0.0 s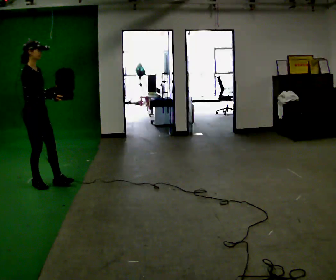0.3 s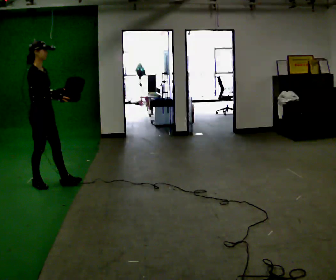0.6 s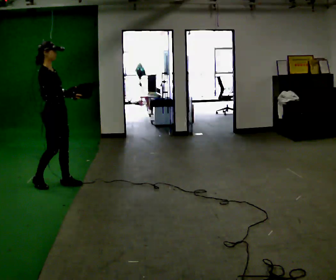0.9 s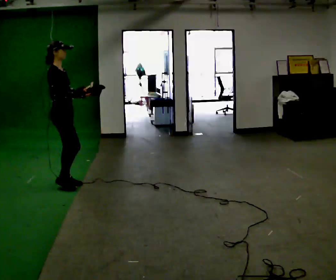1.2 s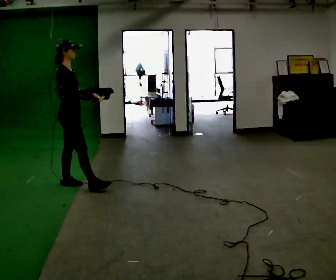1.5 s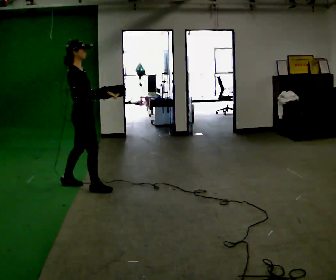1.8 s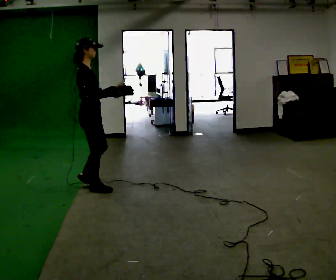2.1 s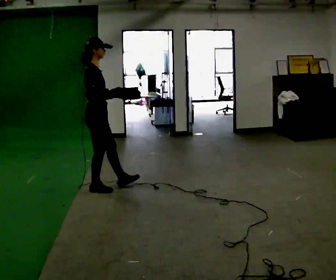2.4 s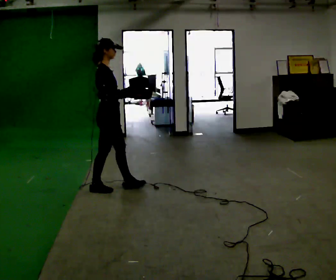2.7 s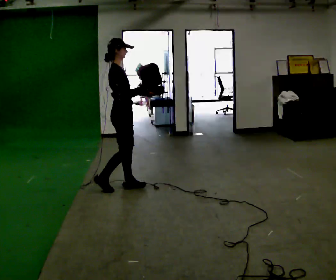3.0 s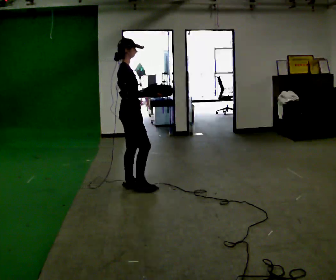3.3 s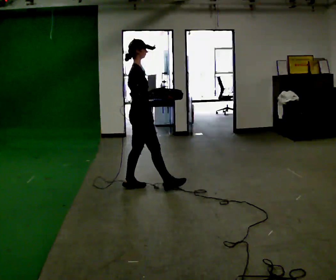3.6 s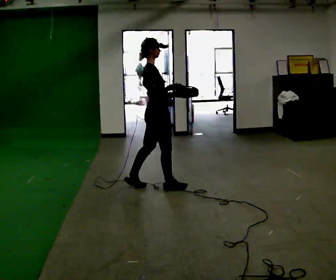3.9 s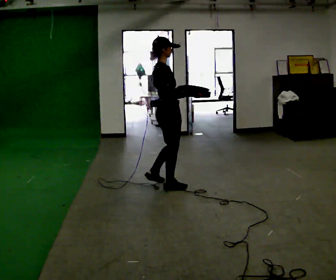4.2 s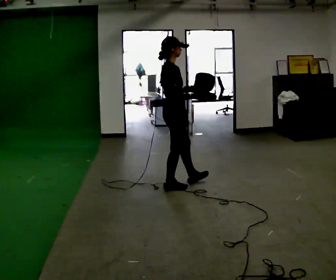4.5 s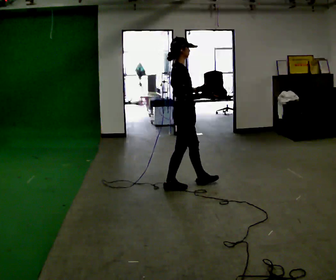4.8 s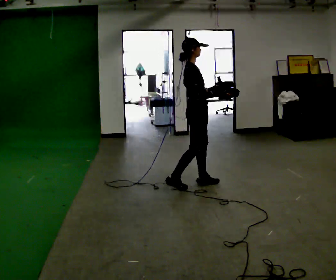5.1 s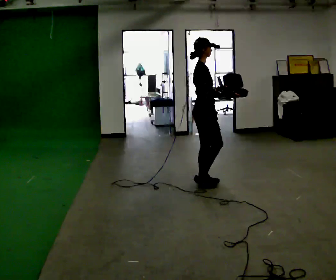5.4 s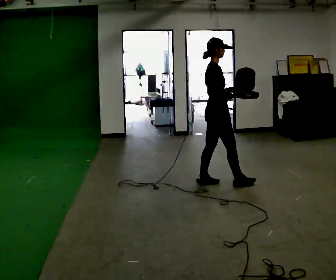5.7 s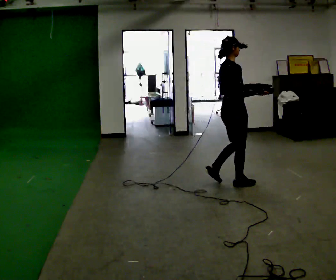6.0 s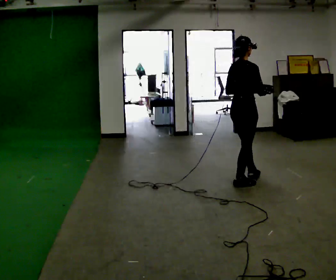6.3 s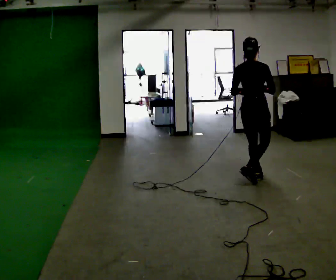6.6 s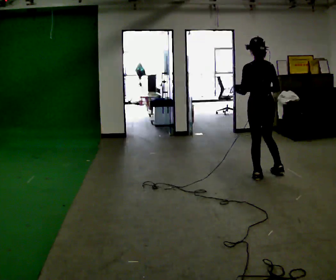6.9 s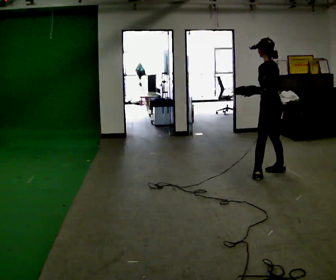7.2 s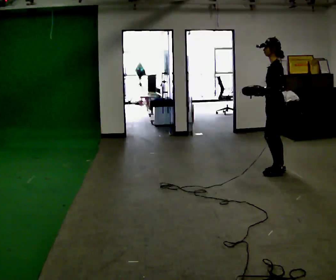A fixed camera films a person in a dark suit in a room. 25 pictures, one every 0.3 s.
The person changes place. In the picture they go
to the right.
0.0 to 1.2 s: In the picture they go to the right, about 0.5 m in 1 step, which for them is forward and to their right.
1.2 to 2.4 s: In the picture they go to the right, about 0.5 m in 1 step, which for them is to their right.
2.4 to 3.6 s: In the picture they go to the right, about 0.5 m in 1 step, which for them is to their right and forward.
3.6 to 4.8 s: In the picture they go to the right, about 0.5 m in 1 step, which for them is to their right and forward.
4.8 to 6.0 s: The part of the body nearest the lens slides to the right as the person turns to their left by about 30 degrees. In the picture they go to the right, about 0.5 m in 1 step, which for them is to their right and forward.
6.0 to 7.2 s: The part of the body nearest the lens slides to the right as the person turns to their left by about 150 degrees. In the picture they go to the right and away from the camera, about 0.5 m in 2 steps.
The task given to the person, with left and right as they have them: Carry the open container and, while walking, reach in with one hand and take an item out, then put it back. Repeat as you walk. Do not stop.
The film runs forward here.
